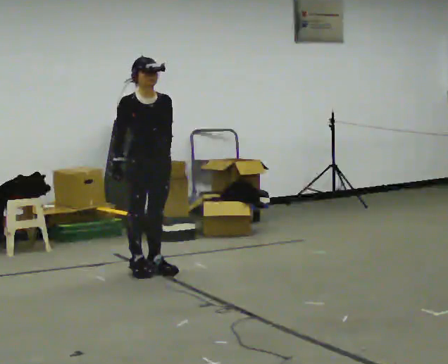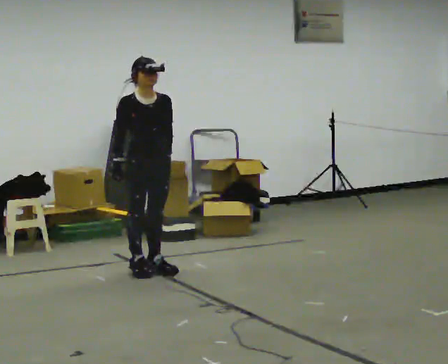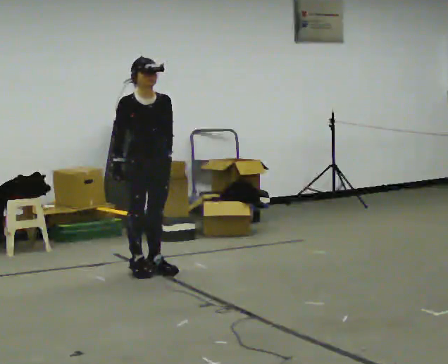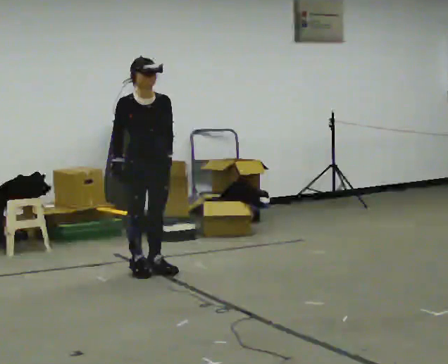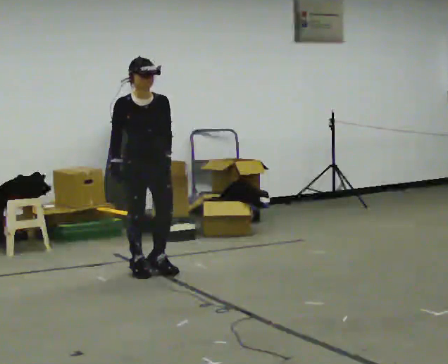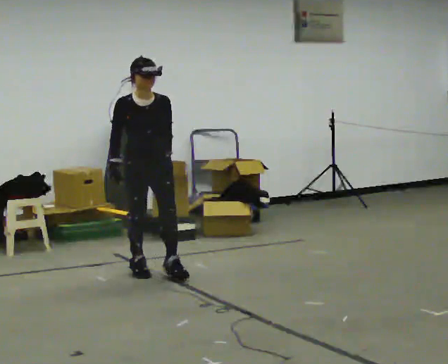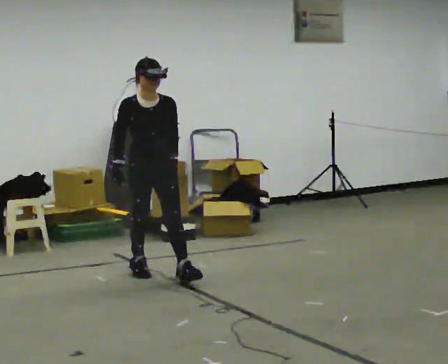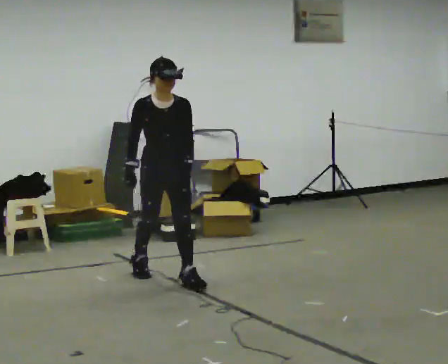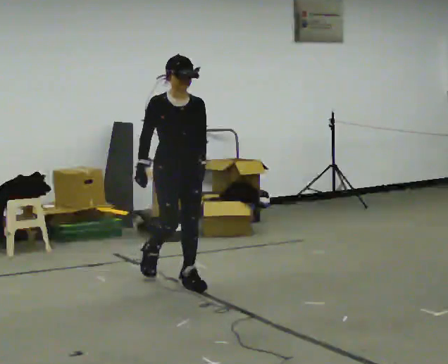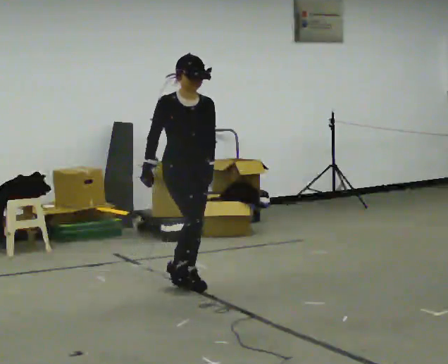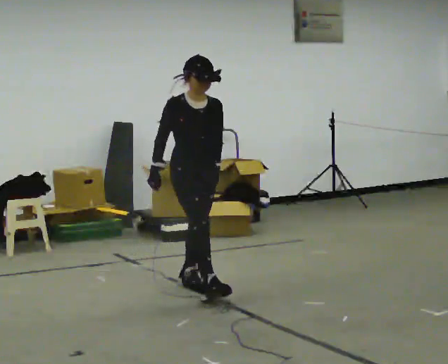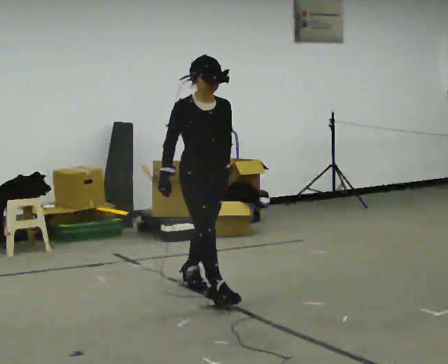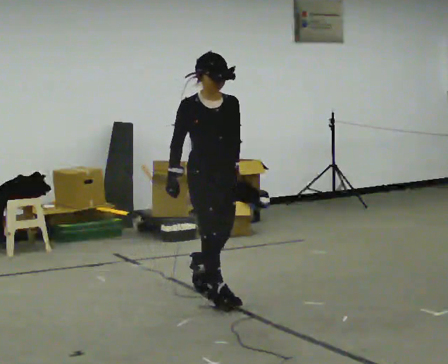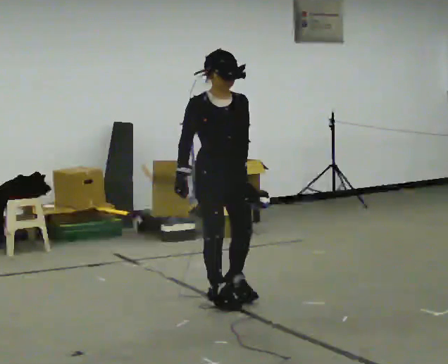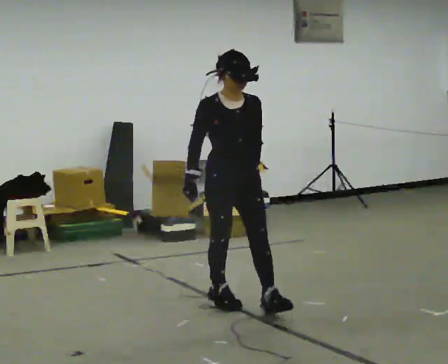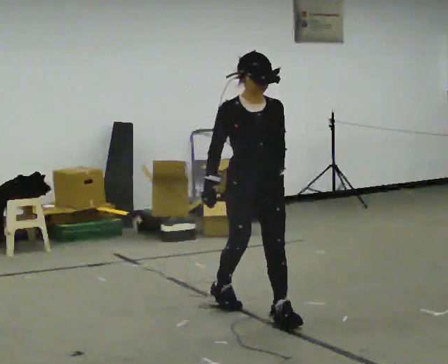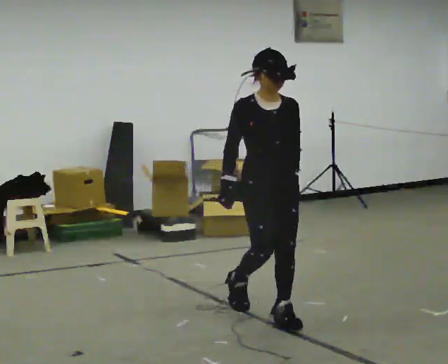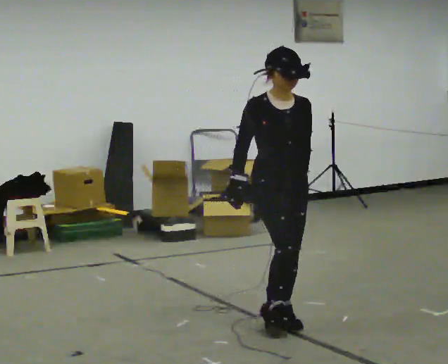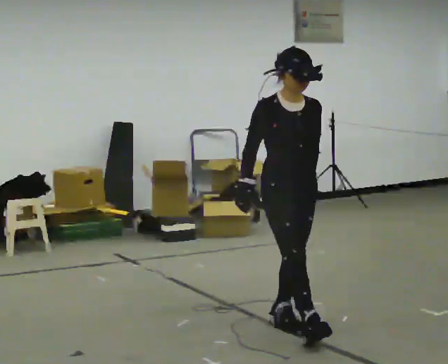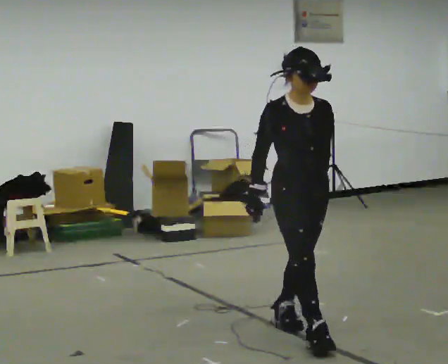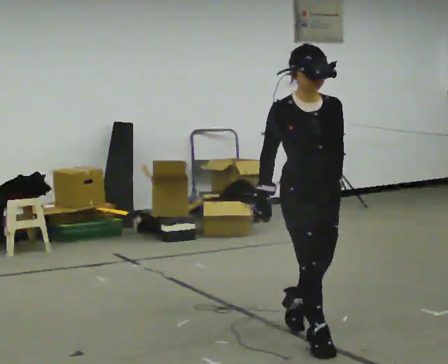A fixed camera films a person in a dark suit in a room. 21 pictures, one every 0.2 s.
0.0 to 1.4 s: In the picture they go toward the camera, about 0.25 m in 1 step, which for them is forward.
1.4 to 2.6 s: In the picture they go toward the camera and to the right, about 0.5 m in 1 step, which for them is forward.
2.6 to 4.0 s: In the picture they go toward the camera and to the right, about 1 m in 2 steps, which for them is forward.
The film runs forward here.
